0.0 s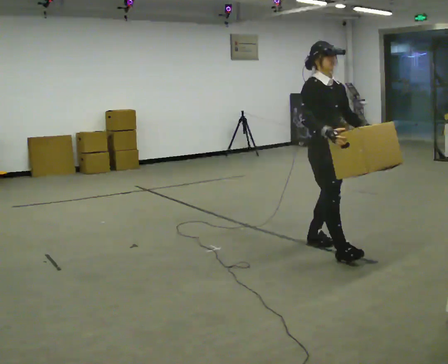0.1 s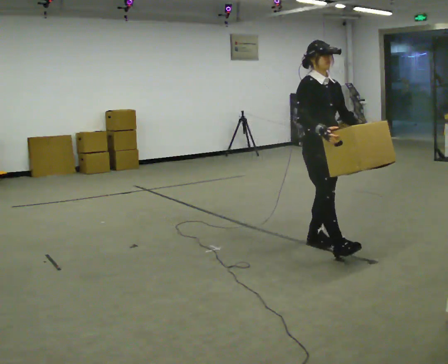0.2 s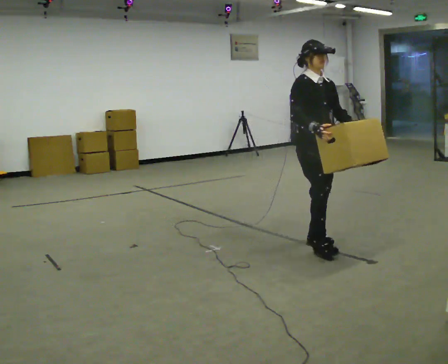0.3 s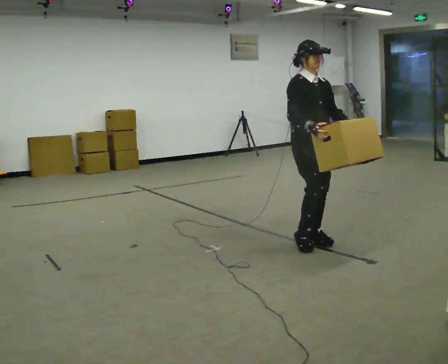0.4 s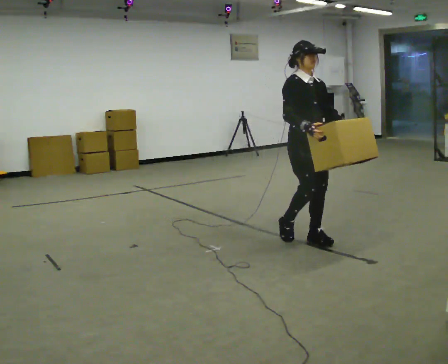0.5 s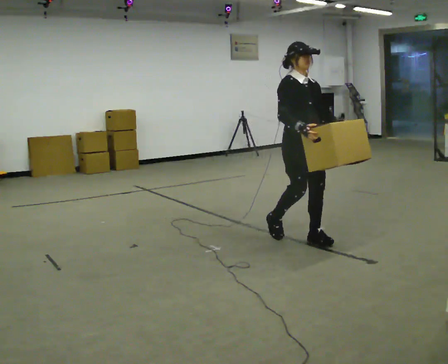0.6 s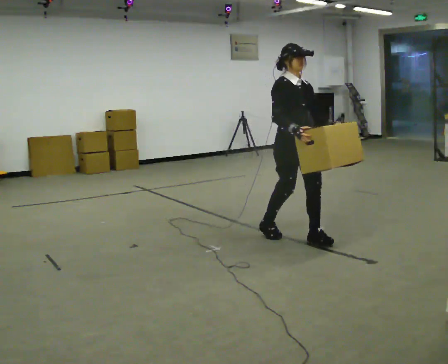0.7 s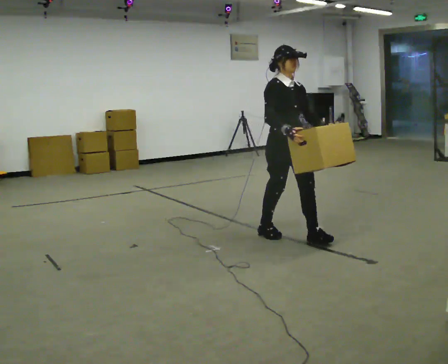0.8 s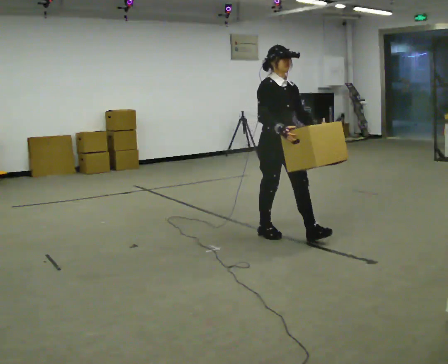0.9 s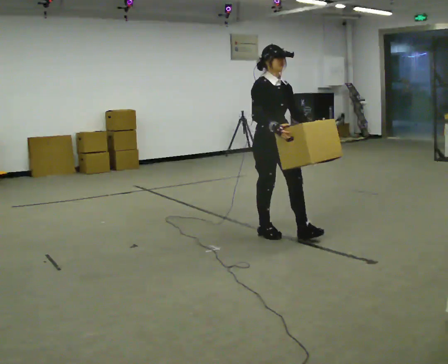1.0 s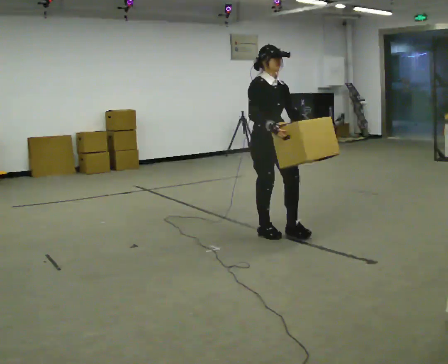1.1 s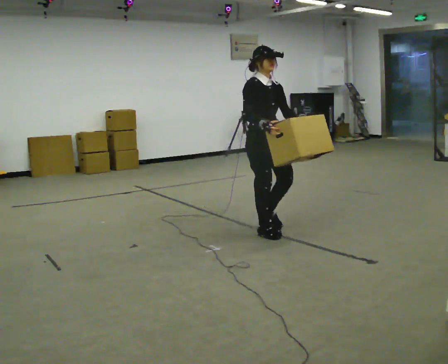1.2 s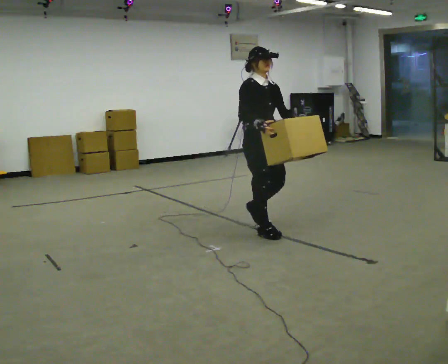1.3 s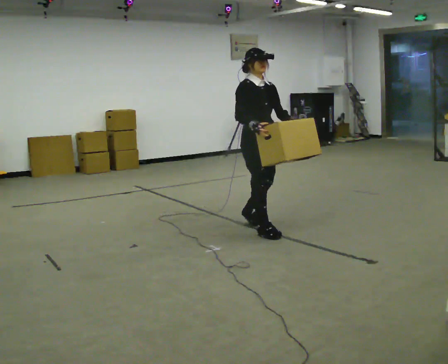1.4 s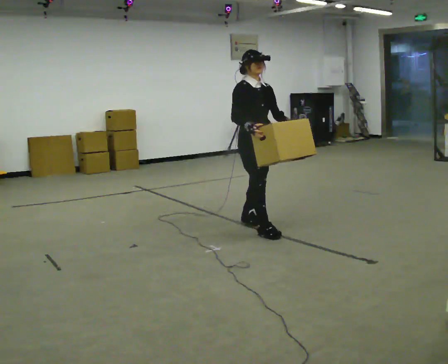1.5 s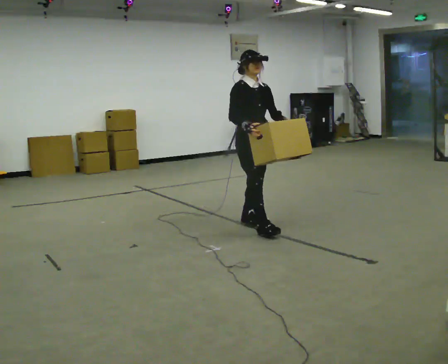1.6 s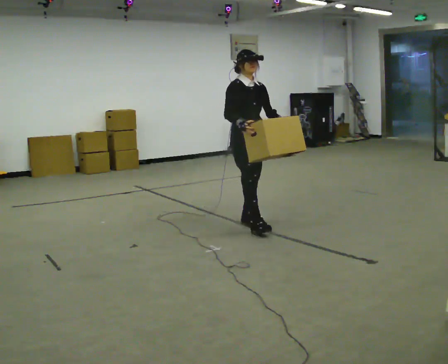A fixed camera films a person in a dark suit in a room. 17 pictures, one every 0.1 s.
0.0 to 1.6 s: In the picture they go away from the camera and to the left, about 1 m in 3 steps, which for them is backward.
The film runs backward here.
